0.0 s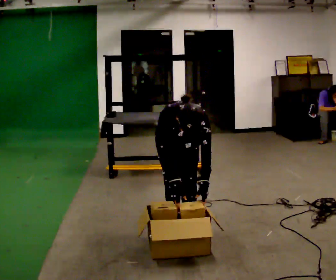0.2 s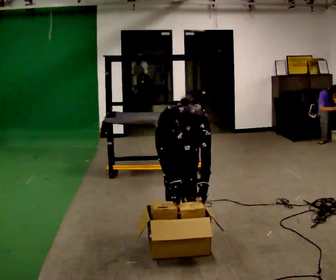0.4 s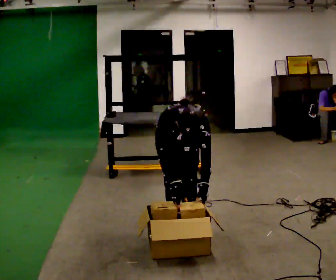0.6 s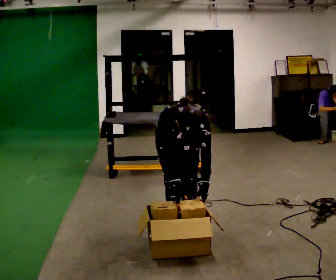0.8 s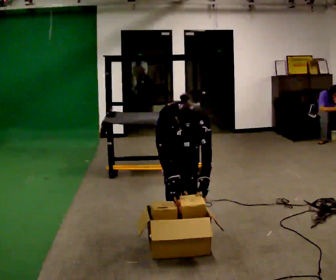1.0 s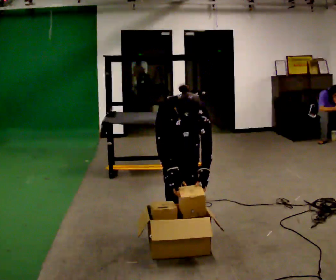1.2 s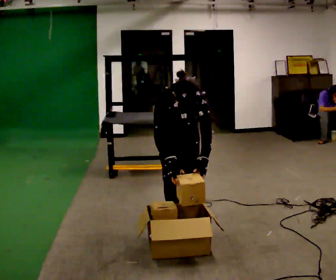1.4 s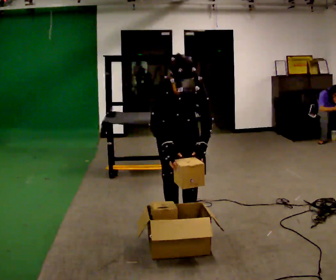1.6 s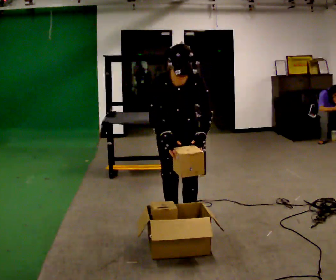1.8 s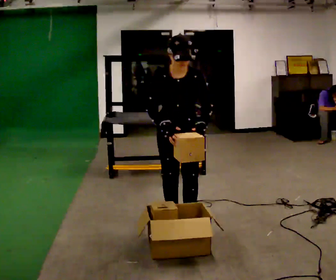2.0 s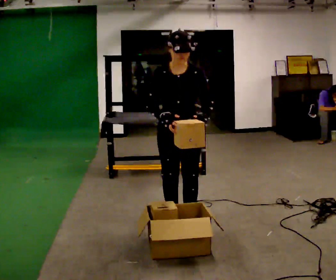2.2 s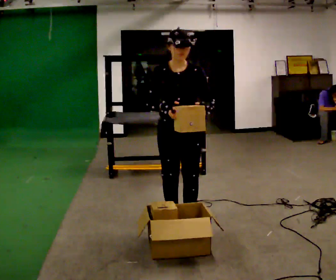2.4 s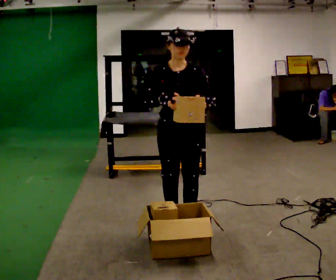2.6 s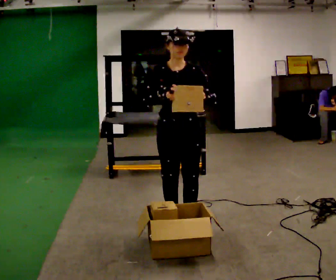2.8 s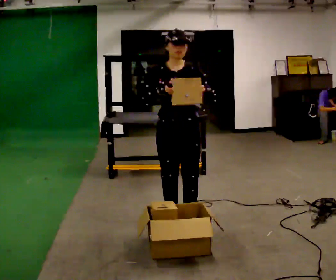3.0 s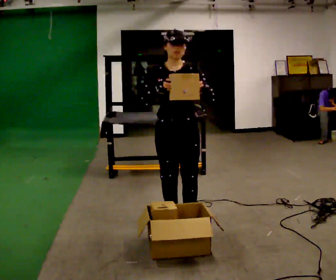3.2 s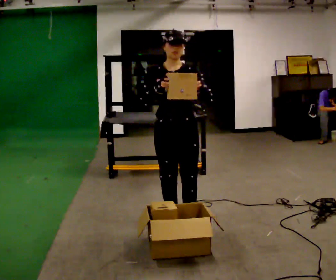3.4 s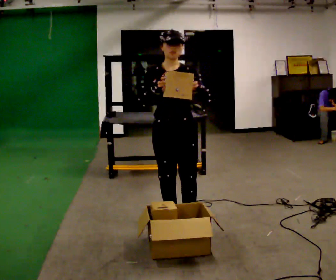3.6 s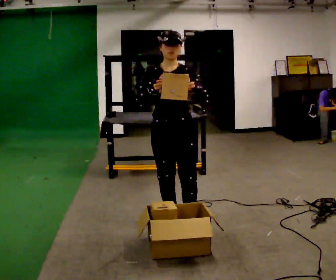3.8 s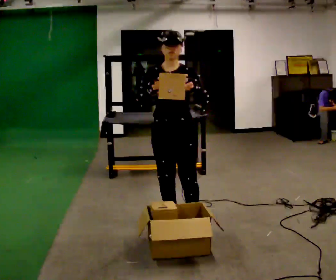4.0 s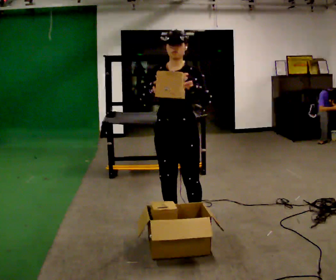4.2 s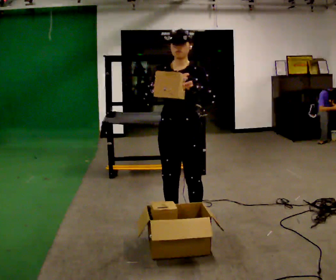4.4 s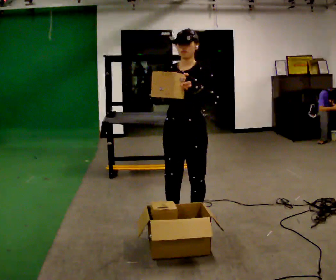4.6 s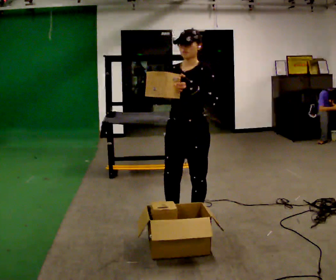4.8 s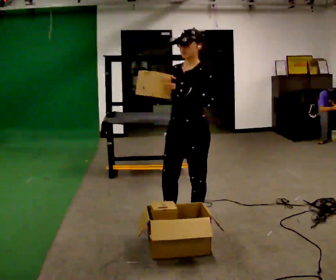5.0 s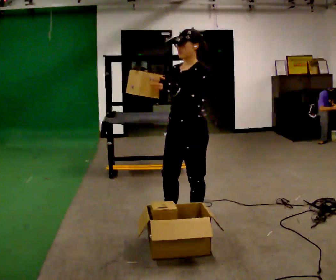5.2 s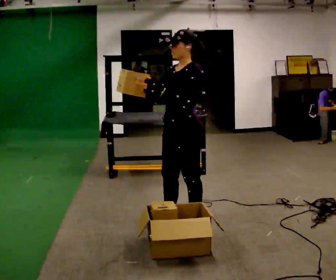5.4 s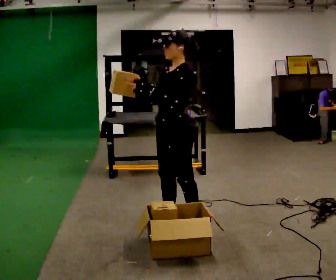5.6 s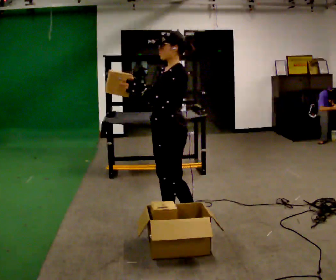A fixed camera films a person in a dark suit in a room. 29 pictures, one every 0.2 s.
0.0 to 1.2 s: The person moves a little, or ends about where they began.
1.2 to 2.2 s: The upper body goes upward. The upper body tips away from the camera, its near side rolling upward, as they lean back or straighten. In the picture their left hand goes upward.
2.2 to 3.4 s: The person moves a little, or ends about where they began.
3.4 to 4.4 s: The part of the body nearest the lens slides to the left as the person turns to their right by about 30 degrees.
4.4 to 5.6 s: The part of the body nearest the lens slides to the left as the person turns to their right by about 45 degrees.
The film runs forward here.
